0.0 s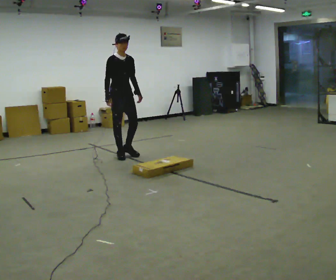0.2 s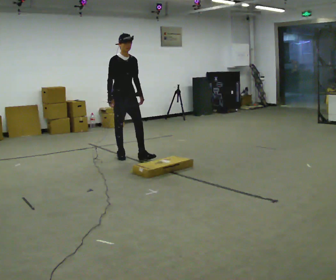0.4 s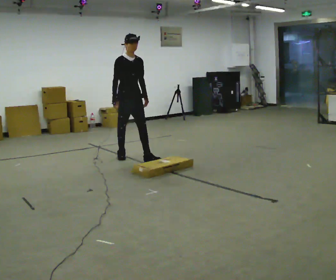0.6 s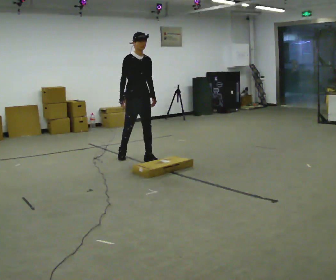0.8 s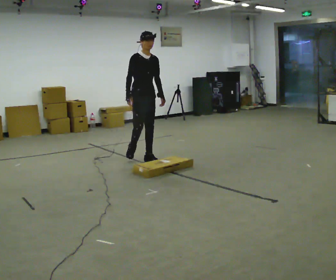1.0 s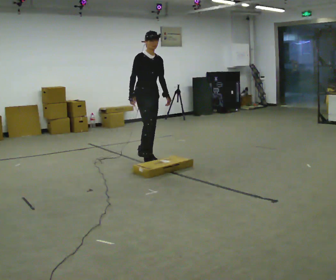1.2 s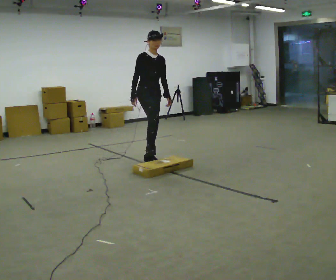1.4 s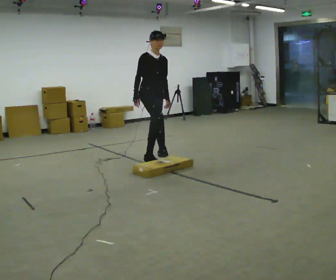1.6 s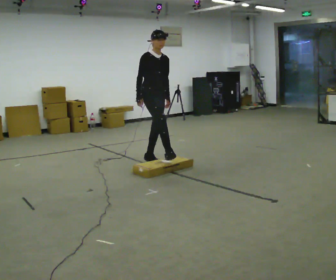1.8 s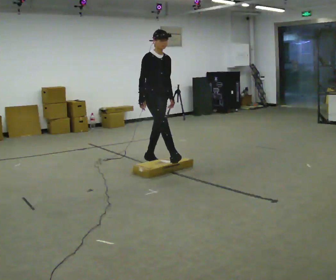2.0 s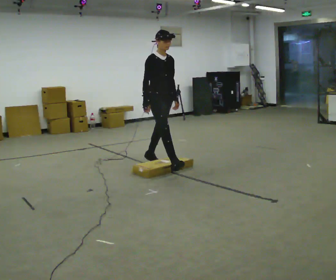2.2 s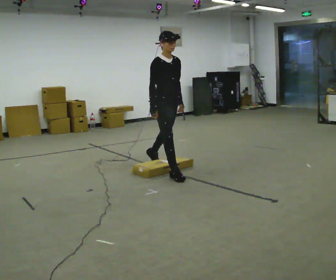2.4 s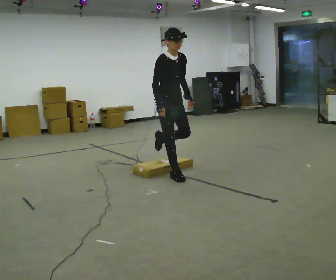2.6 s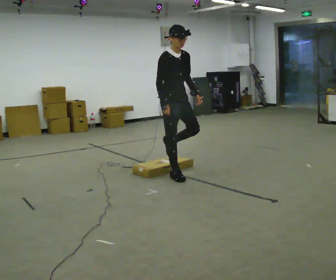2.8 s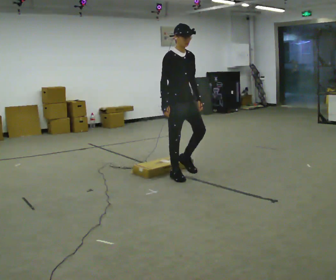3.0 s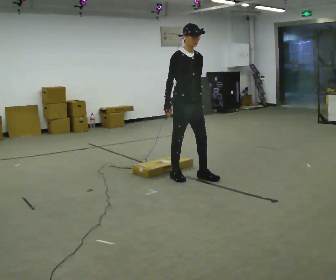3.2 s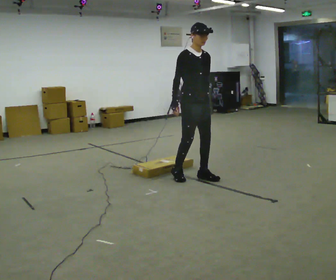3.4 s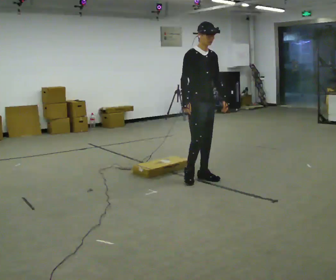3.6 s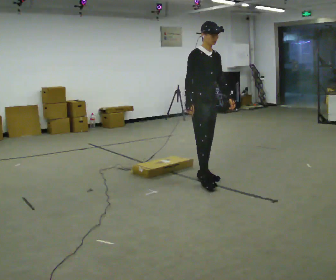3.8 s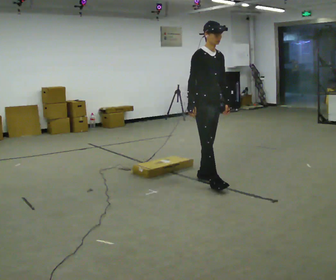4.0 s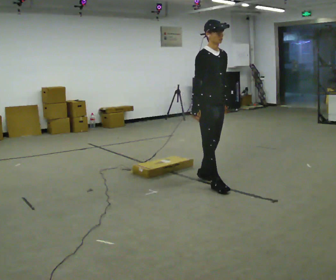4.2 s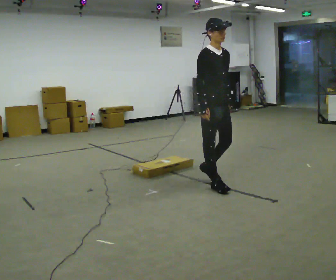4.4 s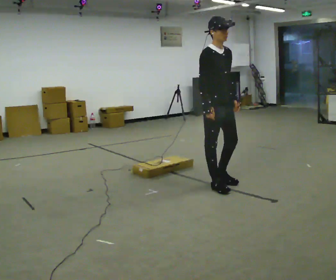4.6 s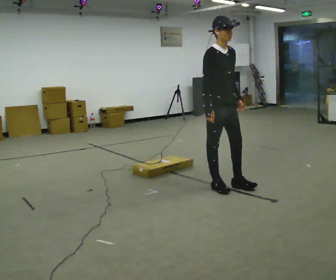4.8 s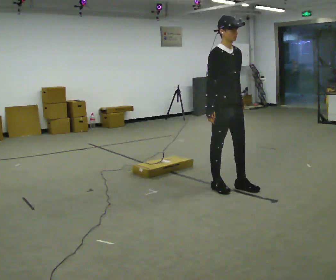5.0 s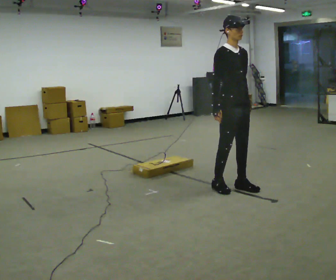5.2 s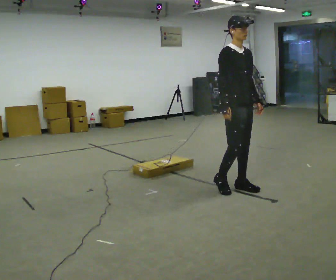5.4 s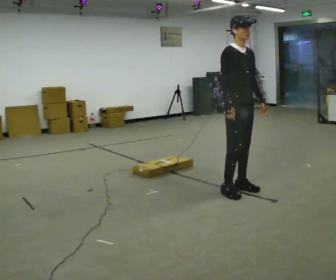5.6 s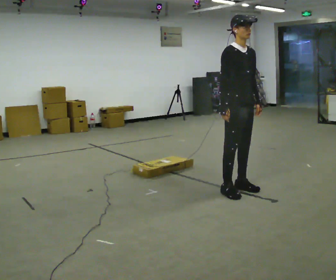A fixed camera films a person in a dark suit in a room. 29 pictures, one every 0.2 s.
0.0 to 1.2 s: In the picture they go to the right and toward the camera, about 0.5 m in 1 step, which for them is forward.
1.2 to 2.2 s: In the picture they go toward the camera and to the right, about 0.5 m in 1 step, which for them is forward.
2.2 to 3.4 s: In the picture they go to the right and toward the camera, about 0.5 m in 1 step, which for them is forward.
3.4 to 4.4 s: In the picture they go toward the camera, about 0.25 m in 1 step, which for them is forward.
4.4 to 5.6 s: In the picture they go to the right, about 0.25 m in 2 steps, which for them is forward.
The film runs forward here.
